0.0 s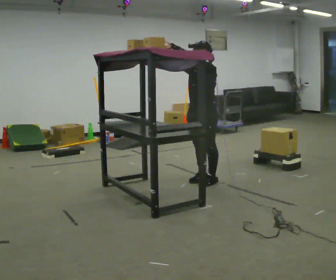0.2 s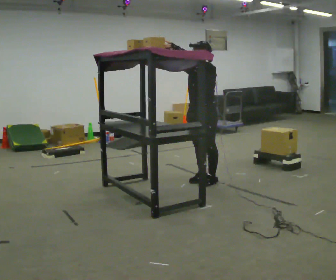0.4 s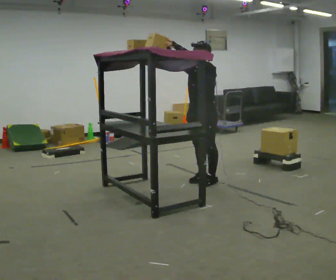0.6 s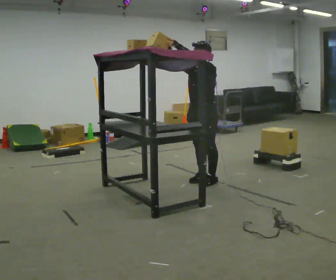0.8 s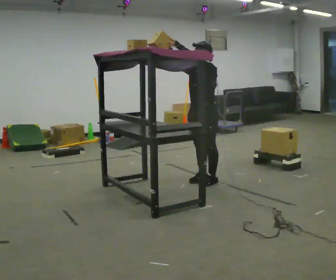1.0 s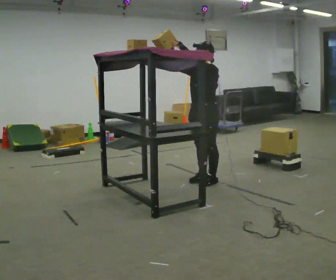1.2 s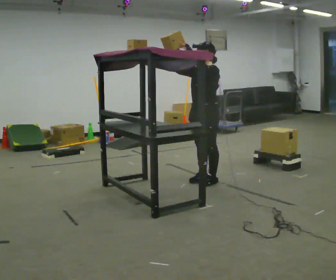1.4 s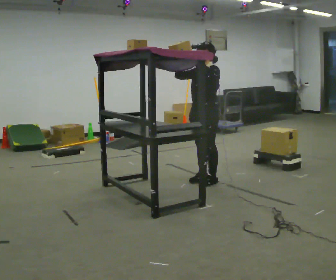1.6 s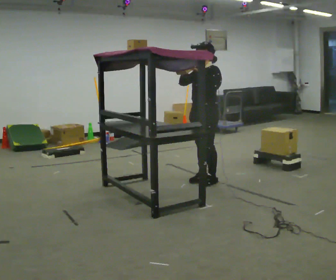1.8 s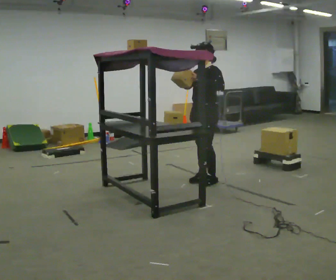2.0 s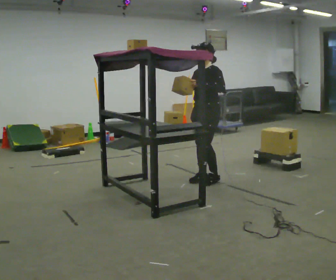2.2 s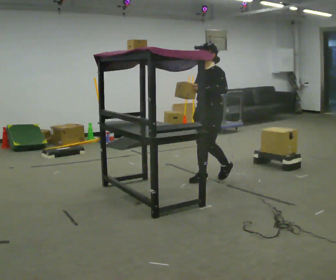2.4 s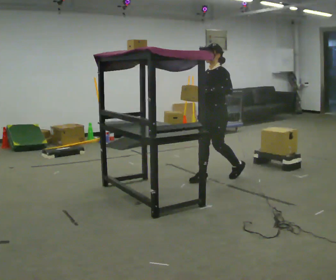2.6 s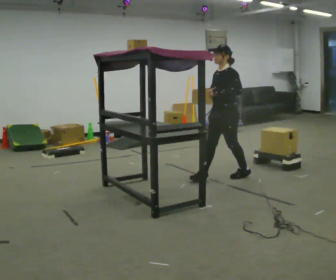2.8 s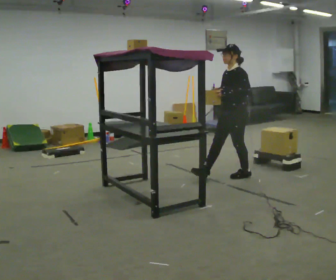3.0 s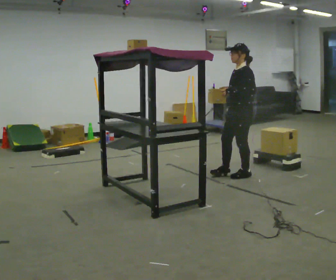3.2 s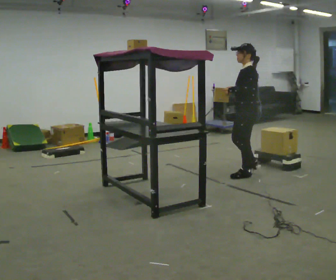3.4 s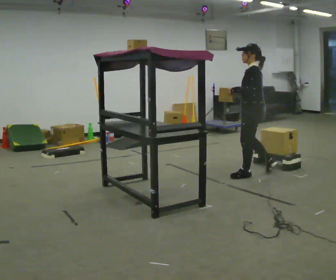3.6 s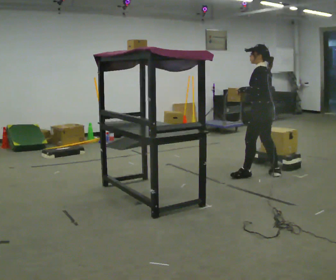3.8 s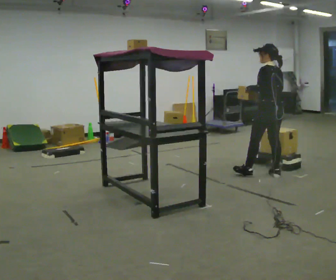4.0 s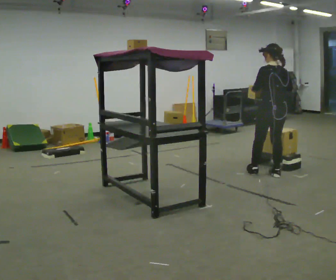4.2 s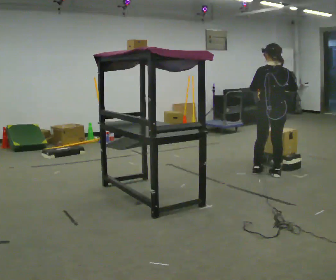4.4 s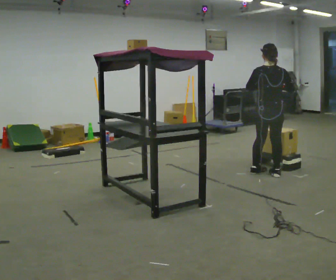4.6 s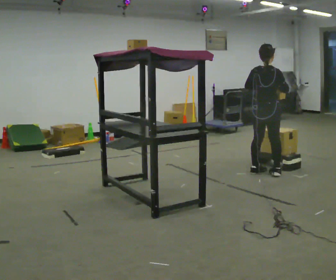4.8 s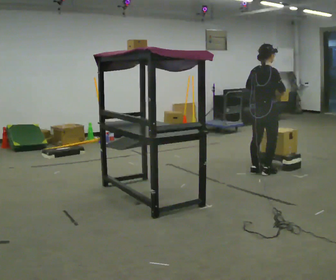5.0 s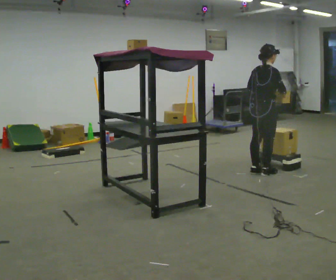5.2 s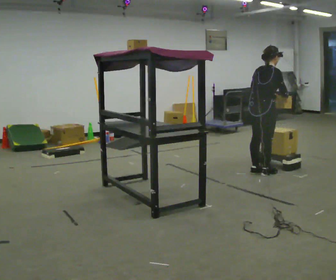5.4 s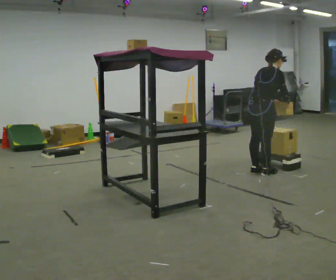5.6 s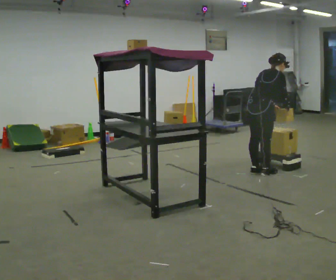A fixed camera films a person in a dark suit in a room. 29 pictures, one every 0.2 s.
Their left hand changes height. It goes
downward.
The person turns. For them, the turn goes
to their right.
0.0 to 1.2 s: The person moves a little, or ends about where they began.
1.2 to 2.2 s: In the picture their left hand goes downward.
2.2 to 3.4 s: The person turns about 45 degrees to their right, clockwise seen from above, so the part of the body nearest the lens slides to the left. In the picture they go to the right, about 0.5 m in 1 step, which for them is backward.
3.4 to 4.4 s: Seen from above the body turns clockwise, about 105 degrees: to their right, with its near side sliding to the left. In the picture they go to the right, about 0.25 m. In the picture their left hand goes to the right.
4.4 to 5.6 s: Seen from above the body turns clockwise, about 30 degrees: to their right, with its near side sliding to the left. In the picture the upper body tilts clockwise, shoulders to the right, as they bend forward.
The film runs backward here.
